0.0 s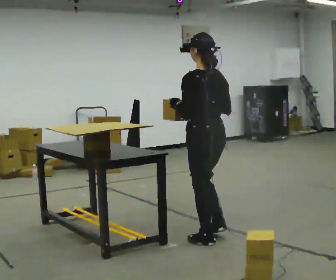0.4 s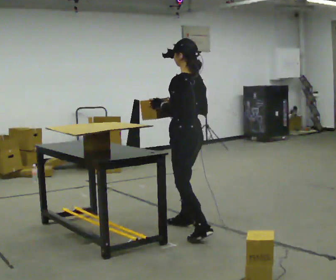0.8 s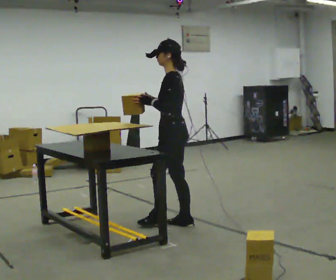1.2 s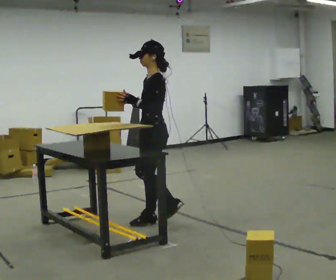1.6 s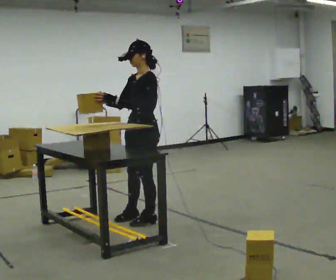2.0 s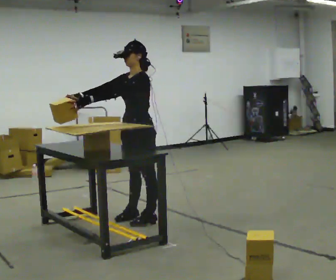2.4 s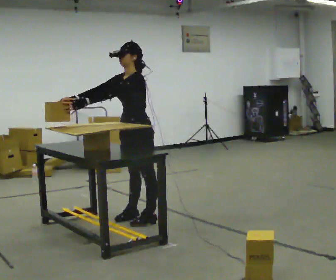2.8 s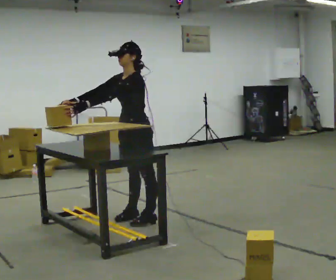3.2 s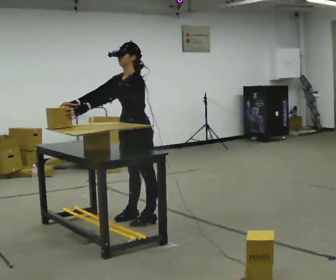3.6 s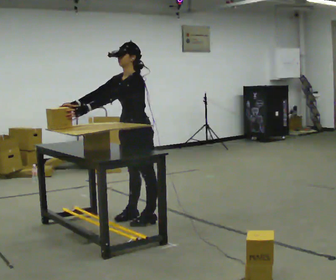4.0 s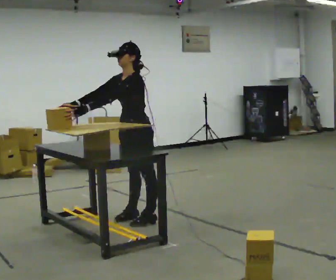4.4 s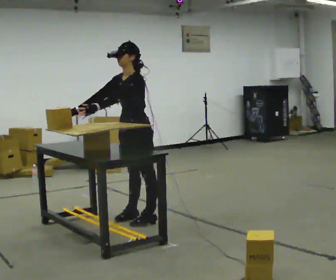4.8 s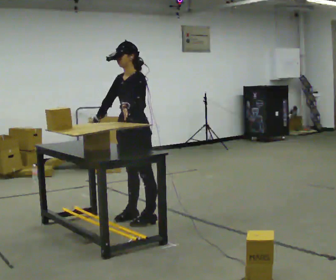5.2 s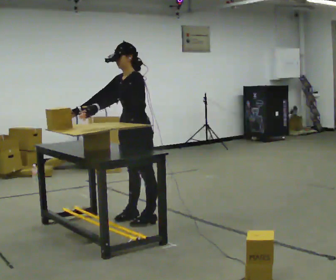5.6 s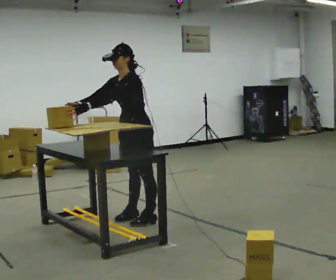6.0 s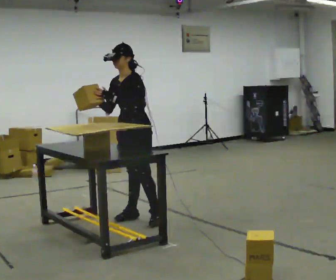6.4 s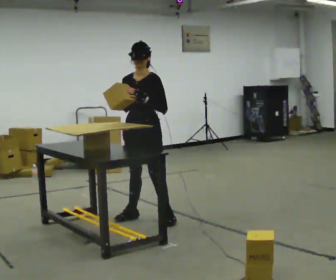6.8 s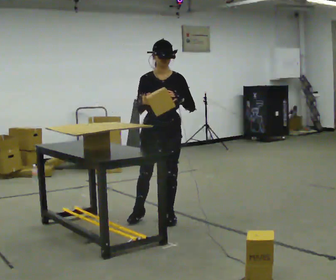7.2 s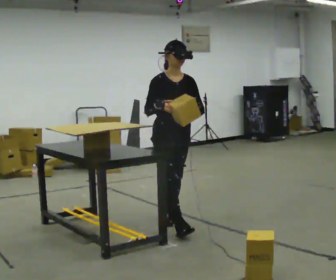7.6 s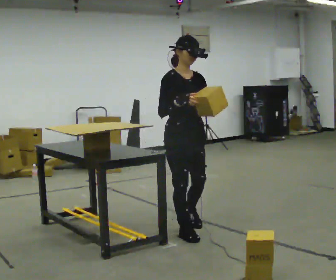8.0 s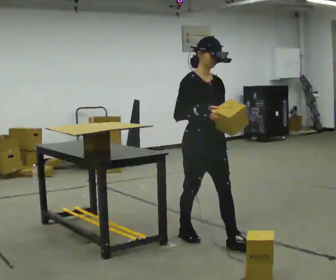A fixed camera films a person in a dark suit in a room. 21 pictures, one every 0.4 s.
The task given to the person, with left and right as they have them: Carry the object over and set it down on the wobbly board without tipping it over. Keep going until the operator says stop; one object at a time, and do not rush between trips.
0.0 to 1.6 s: The part of the body nearest the lens slides to the right as the person turns to their left by about 75 degrees. In the picture they go away from the camera and to the left, about 1 m in 3 steps.
1.6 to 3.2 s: In the picture the upper body tilts counterclockwise, shoulders to the left, as they bend forward.
3.2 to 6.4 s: Seen from above the body turns counterclockwise, about 30 degrees: to their left, with its near side sliding to the right. In the picture their left hand goes to the right.
6.4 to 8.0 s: The person turns about 60 degrees to their left, counterclockwise seen from above, so the part of the body nearest the lens slides to the right. In the picture they go toward the camera and to the right, about 1 m in 2 steps.
The film runs forward here.
